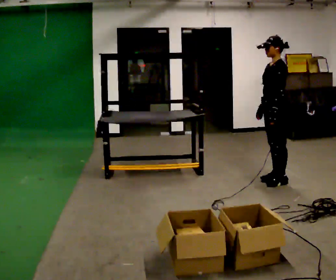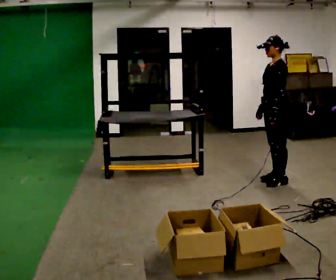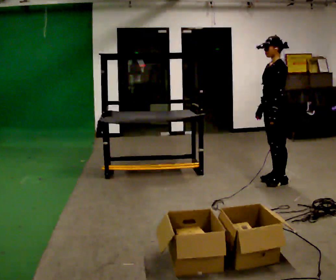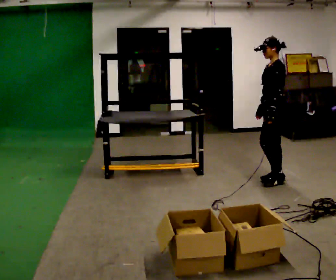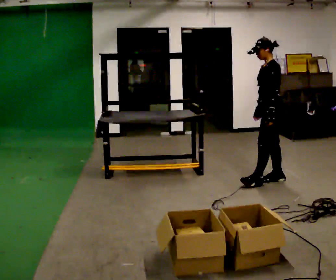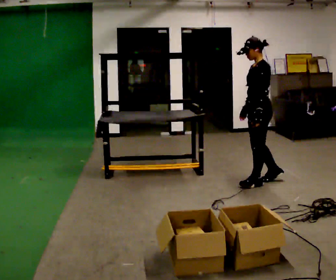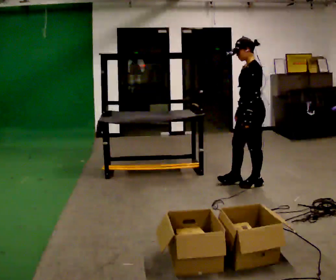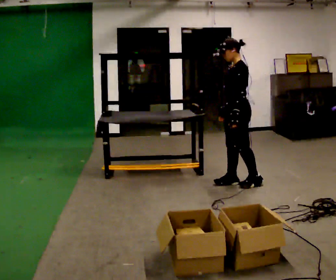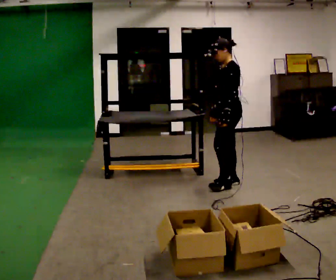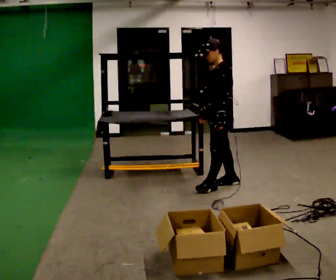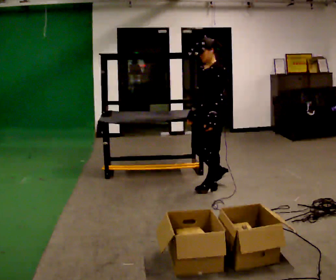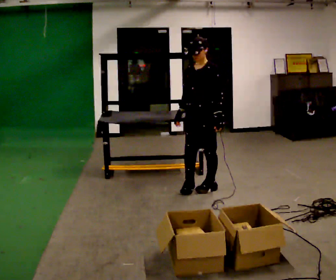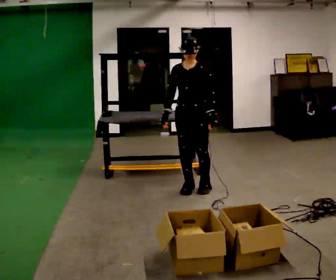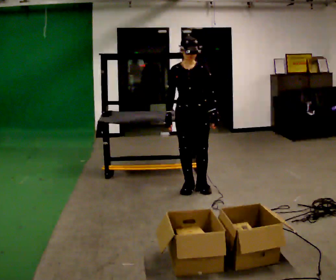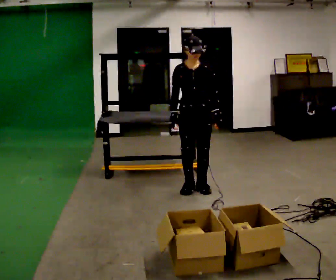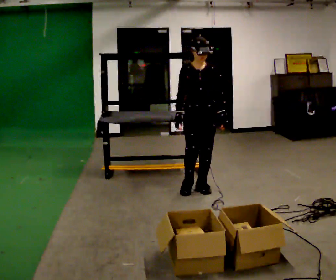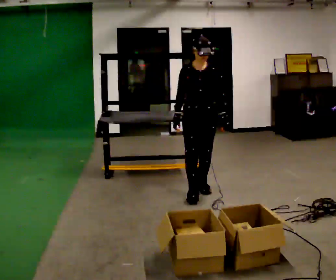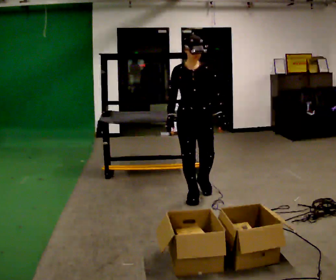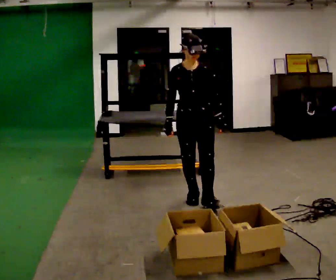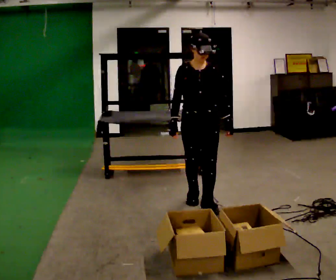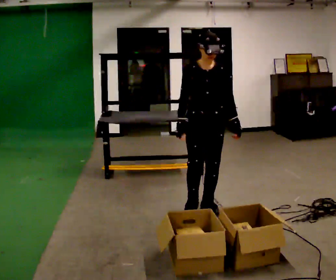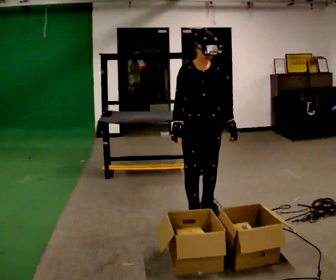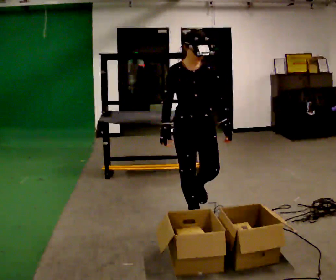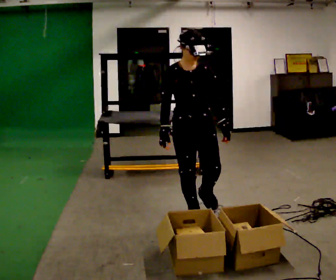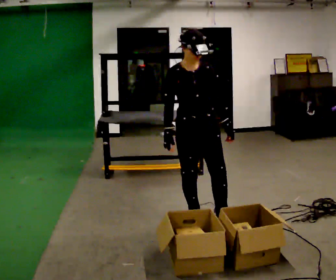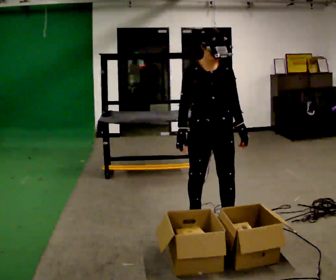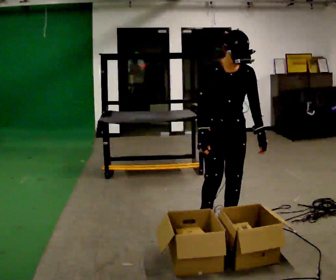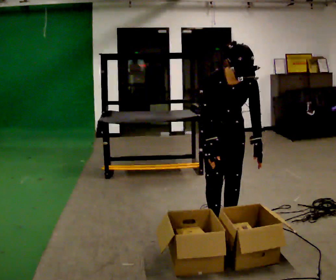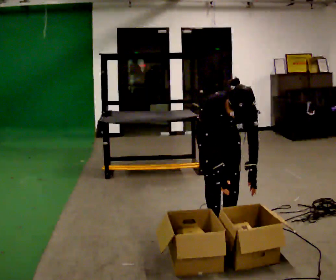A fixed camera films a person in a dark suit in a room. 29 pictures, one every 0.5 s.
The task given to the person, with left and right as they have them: 1. Look at the shelf and see which spaces are empty. 2. Find matching items in the bins on the floor. 3. Fill the empty spaces on the shelf. 4. Tell the operator when you are finished.
0.0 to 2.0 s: The person moves a little, or ends about where they began.
2.0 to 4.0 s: In the picture they go to the left, about 0.5 m in 1 step, which for them is forward.
4.0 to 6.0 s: The person turns about 60 degrees to their left, counterclockwise seen from above, so the part of the body nearest the lens slides to the right. In the picture they go to the left and toward the camera, about 0.5 m in 2 steps.
6.0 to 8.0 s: The person moves a little, or ends about where they began.
8.0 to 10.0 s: In the picture they go toward the camera, about 0.5 m in 1 step, which for them is forward.
10.0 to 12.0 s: In the picture they go toward the camera, about 0.25 m in 1 step, which for them is forward and to their right.
12.0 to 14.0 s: In the picture they go to the right, about 0.25 m in 2 steps, which for them is to their left. The upper body goes downward. The upper body tips toward the camera, its near side rolling downward, as they bend forward.
The film runs forward here.
